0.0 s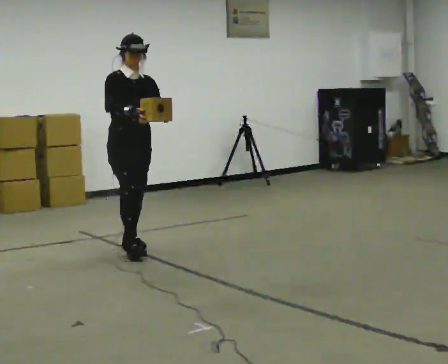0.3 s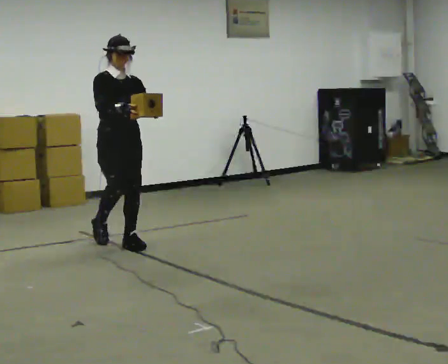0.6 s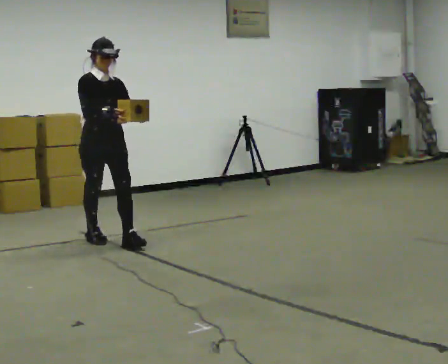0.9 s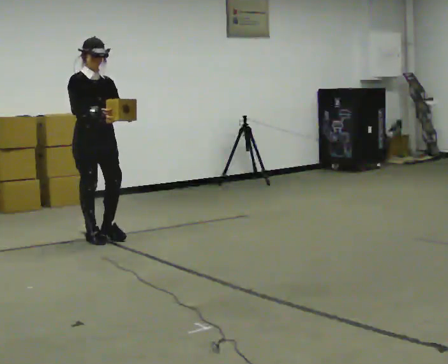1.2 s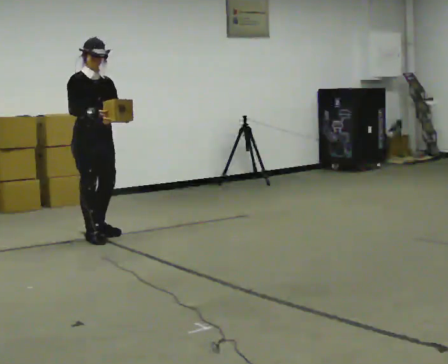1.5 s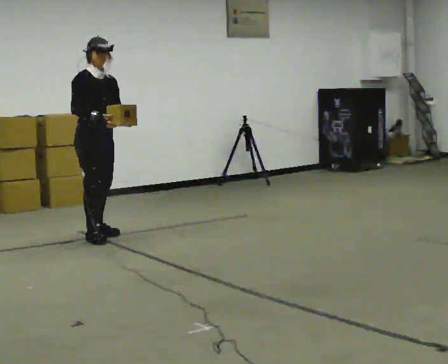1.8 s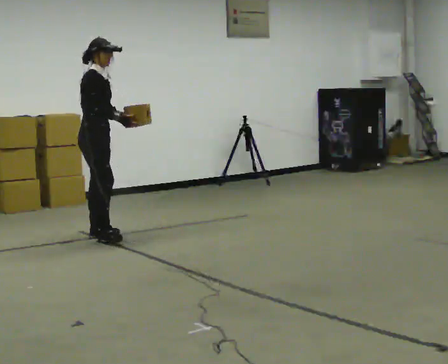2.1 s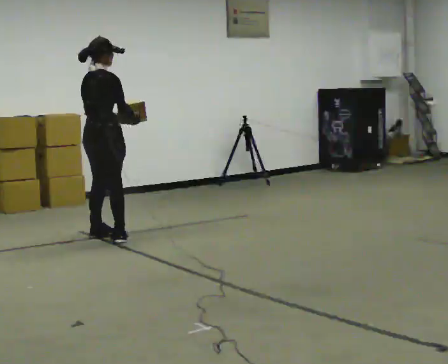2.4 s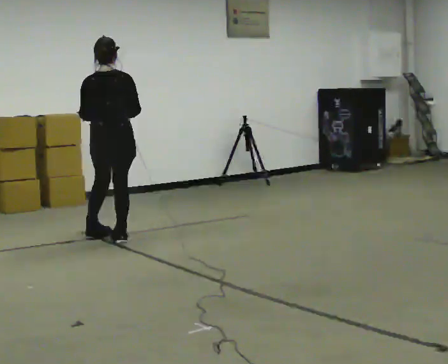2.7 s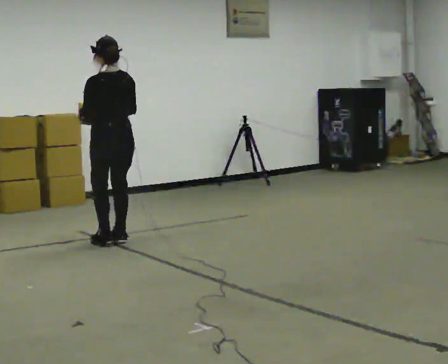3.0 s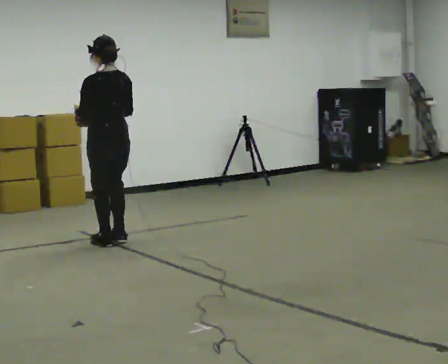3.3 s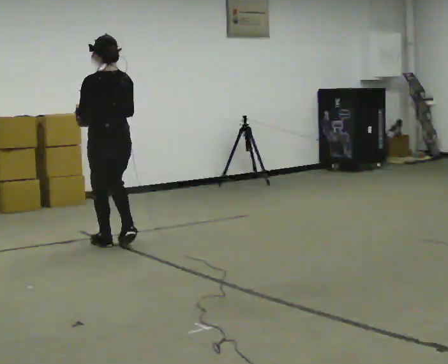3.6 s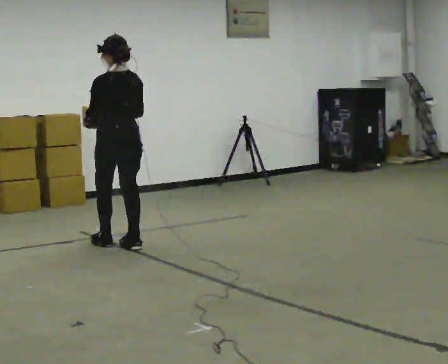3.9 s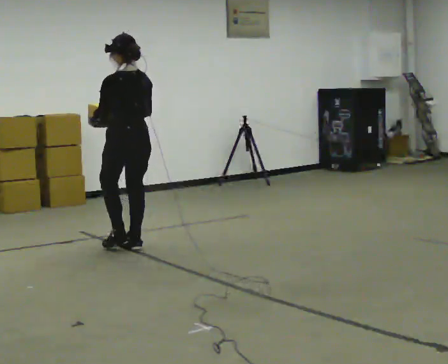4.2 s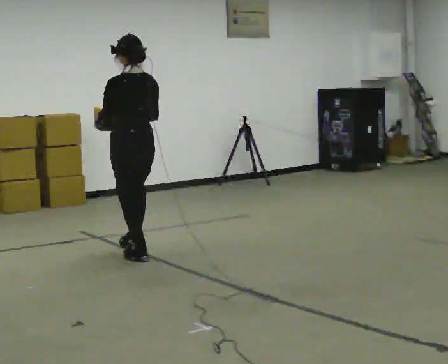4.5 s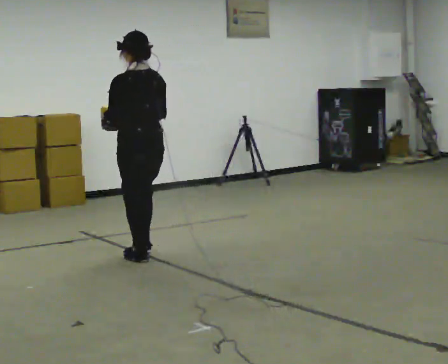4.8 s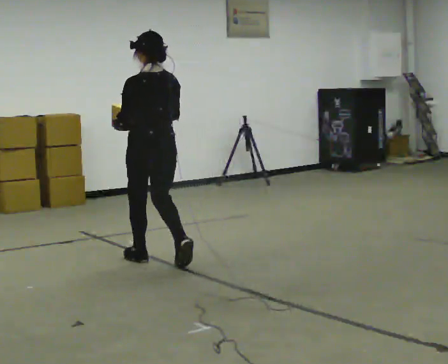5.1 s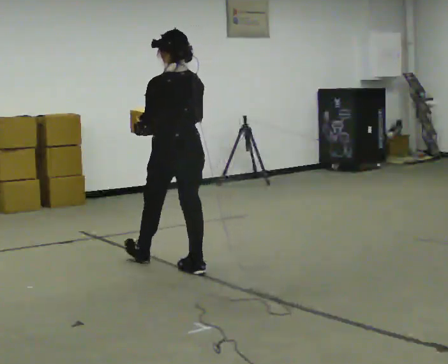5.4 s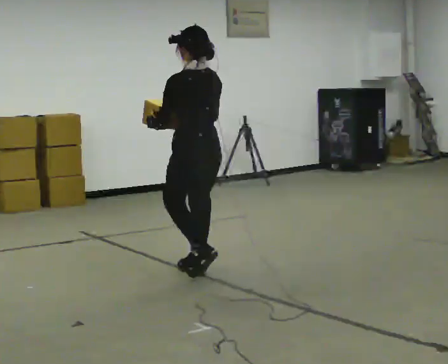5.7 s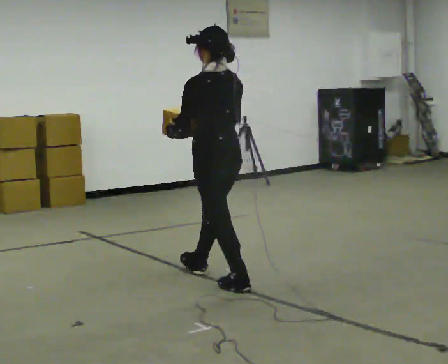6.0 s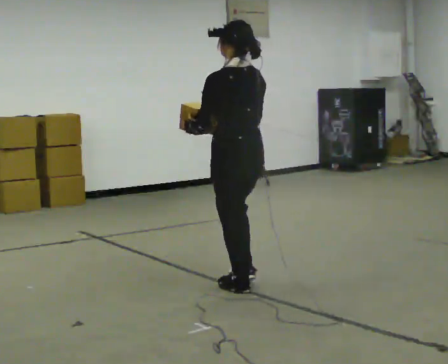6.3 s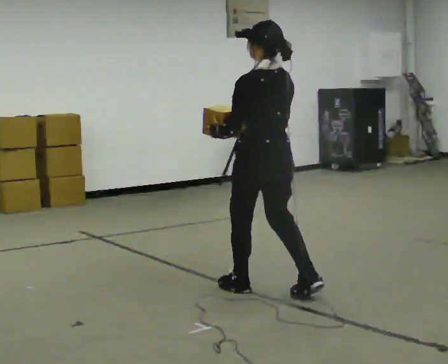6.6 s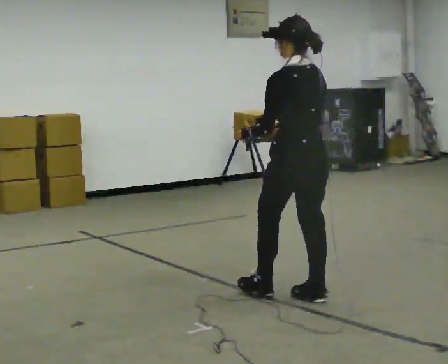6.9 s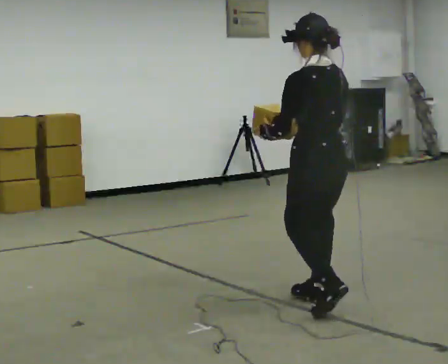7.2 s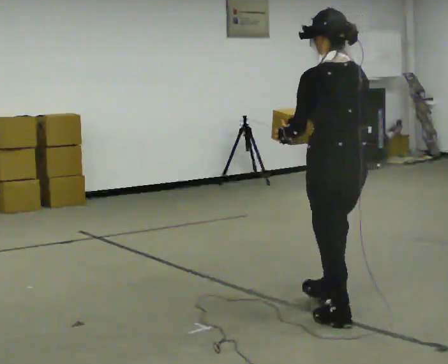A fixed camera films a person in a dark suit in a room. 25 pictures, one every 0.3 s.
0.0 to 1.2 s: In the picture they go away from the camera and to the left, about 0.5 m in 1 step, which for them is backward.
1.2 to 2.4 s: The person turns about 135 degrees to their left, counterclockwise seen from above, so the part of the body nearest the lens slides to the right.
2.4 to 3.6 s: The part of the body nearest the lens slides to the right as the person turns to their left by about 45 degrees. In the picture they go toward the camera, about 0.25 m in 1 step, which for them is backward.
3.6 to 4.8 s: In the picture they go toward the camera and to the right, about 0.5 m in 2 steps, which for them is backward.
4.8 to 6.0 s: In the picture they go toward the camera and to the right, about 1 m in 2 steps, which for them is backward.
6.0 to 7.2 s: In the picture they go toward the camera and to the right, about 1 m in 2 steps, which for them is backward.
The film runs backward here.
